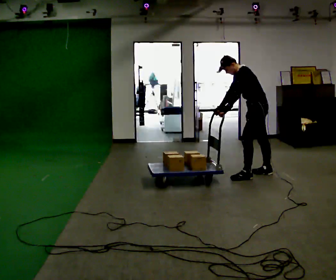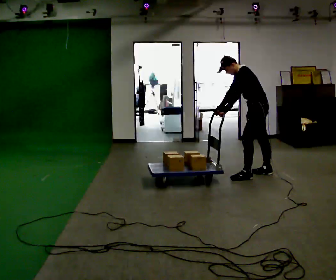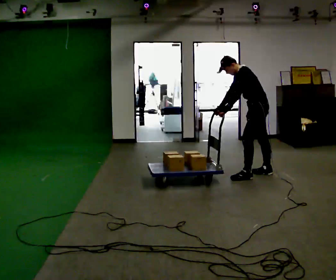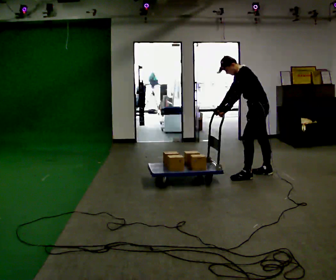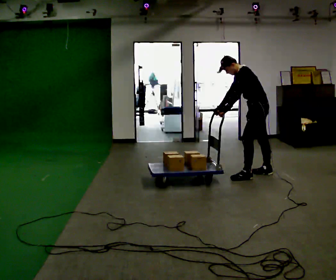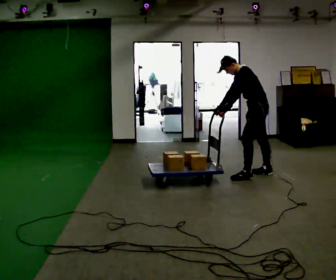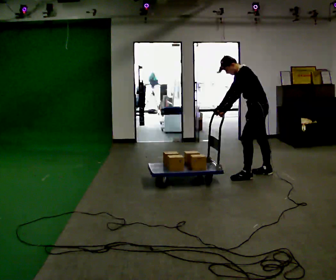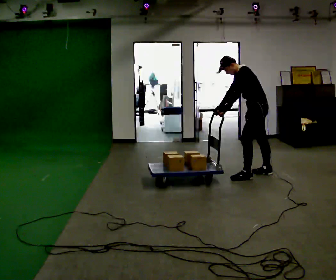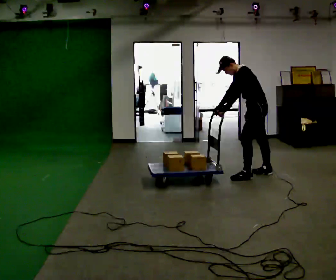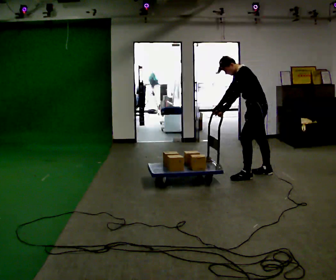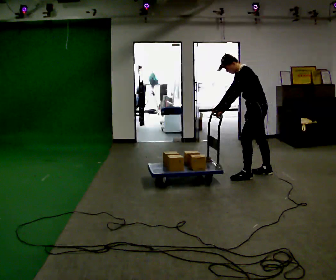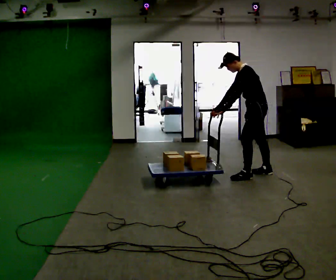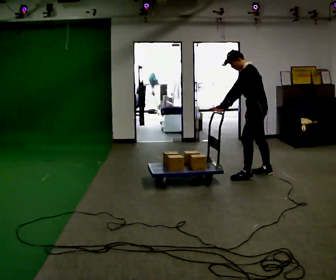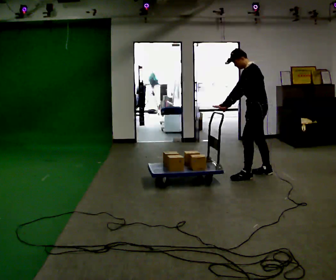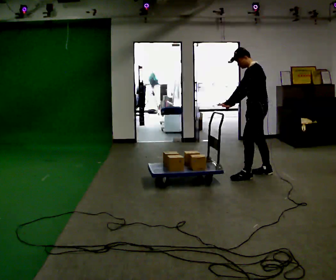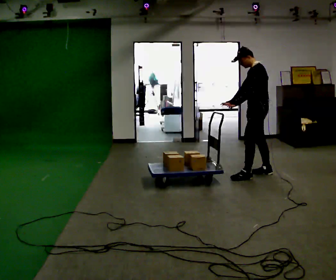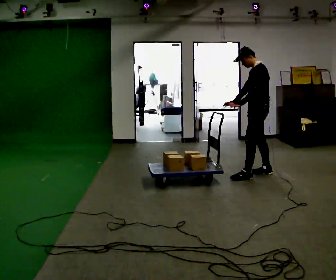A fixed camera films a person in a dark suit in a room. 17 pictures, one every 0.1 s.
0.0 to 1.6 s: In the picture the upper body tilts clockwise, shoulders to the right, as they lean back or straighten.
The film runs backward here.
